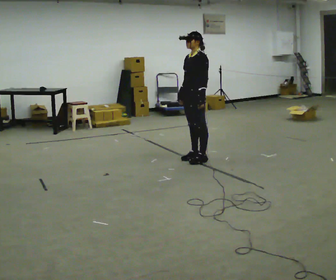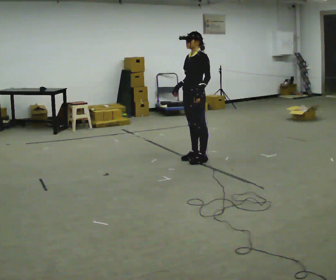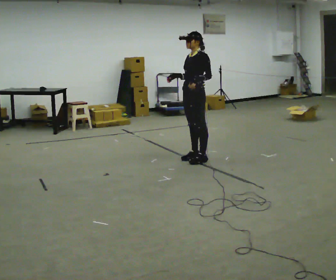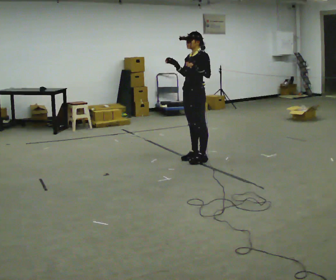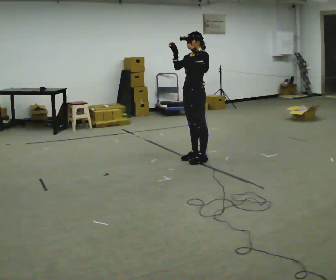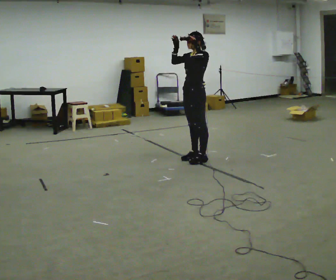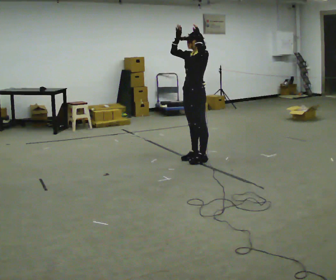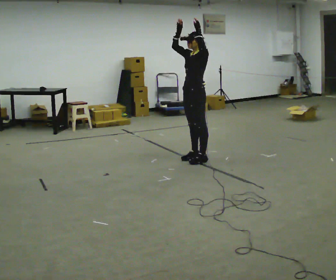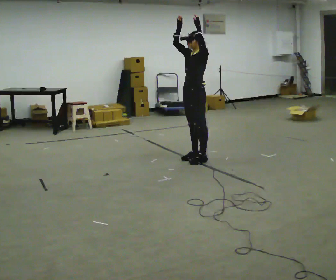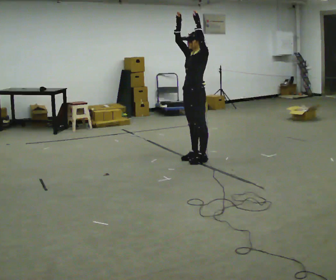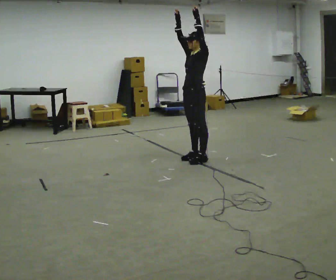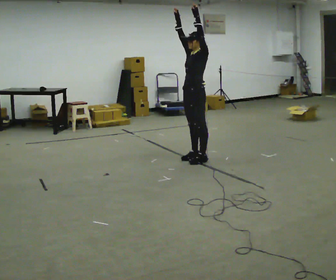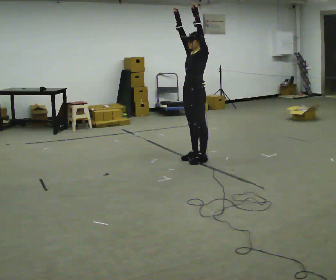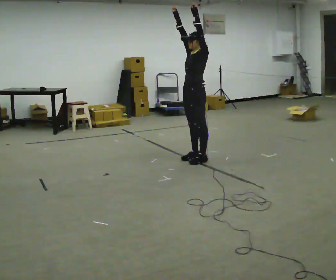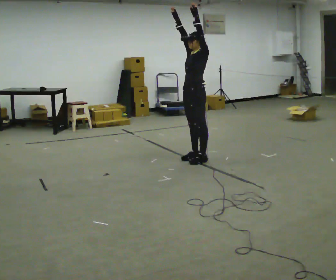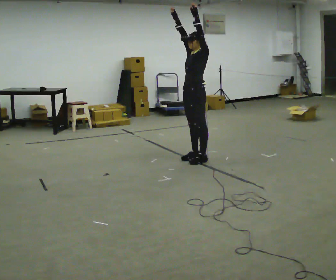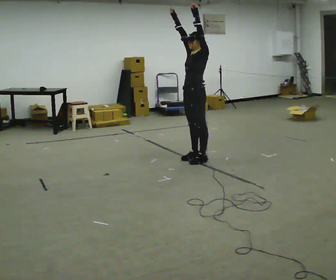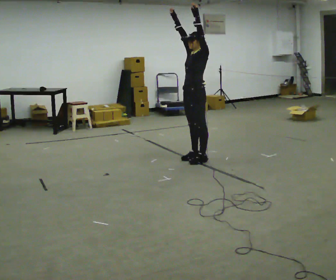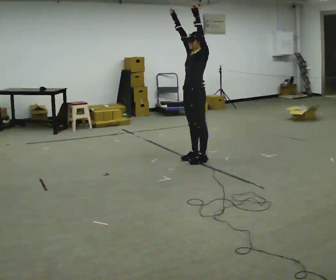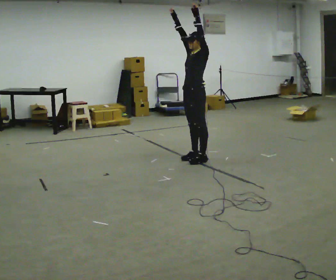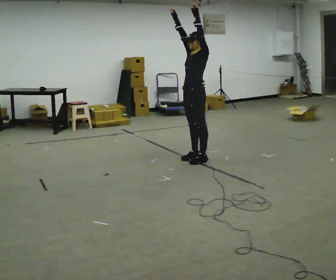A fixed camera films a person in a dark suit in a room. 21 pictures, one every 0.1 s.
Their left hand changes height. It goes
upward.
Their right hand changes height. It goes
upward.
0.0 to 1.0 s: In the picture their left hand goes upward.
1.0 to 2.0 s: The person moves a little, or ends about where they began.
The film runs forward here.
